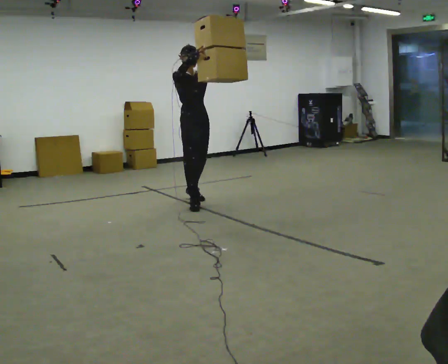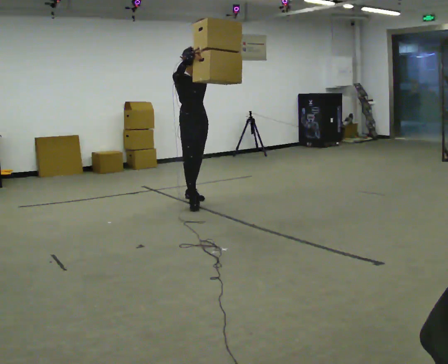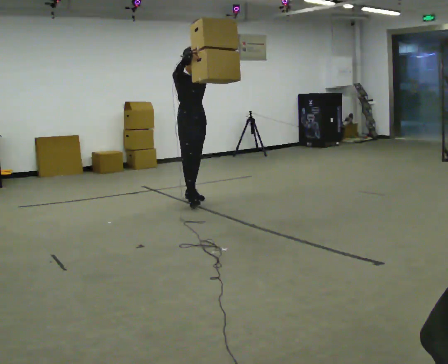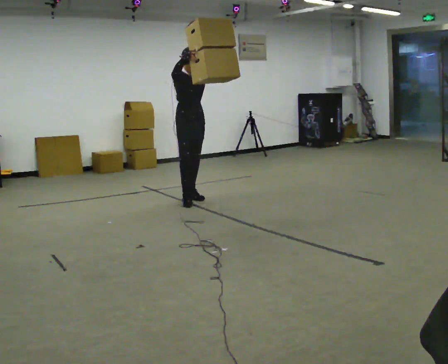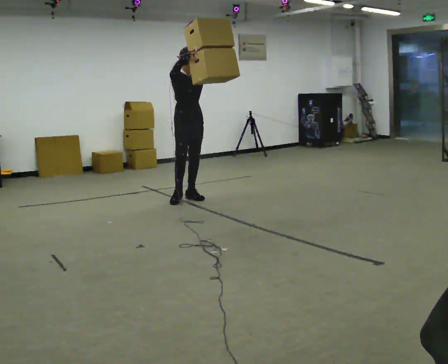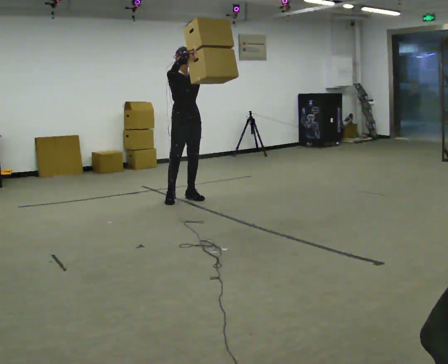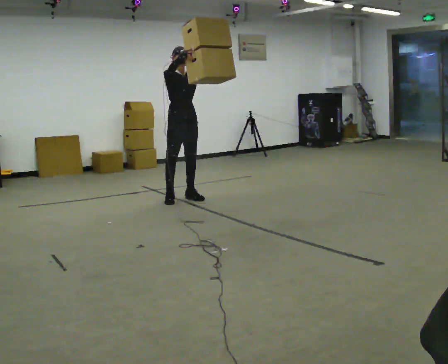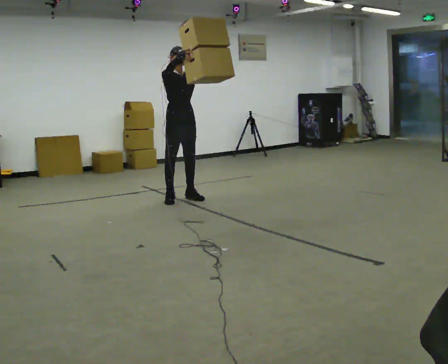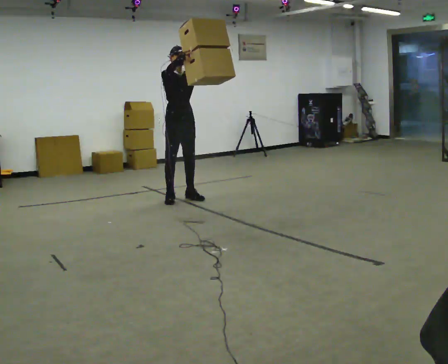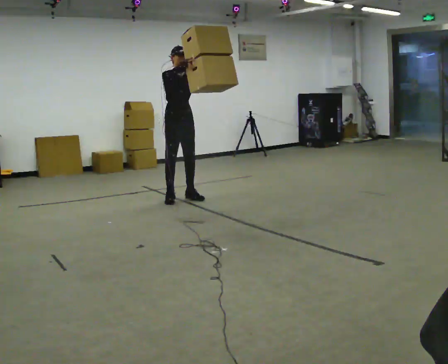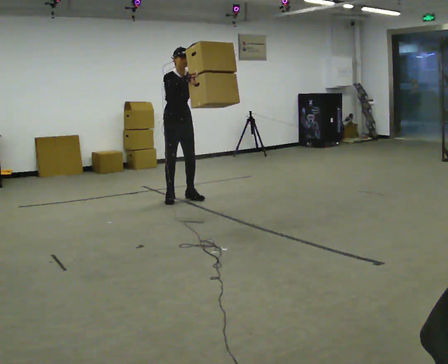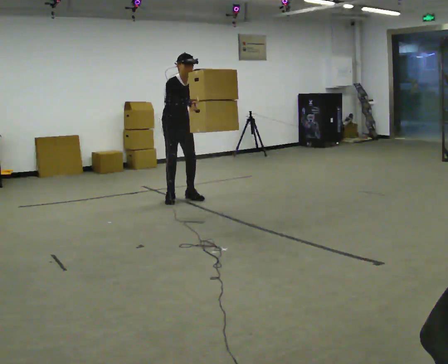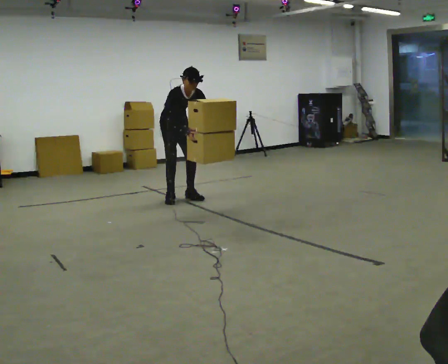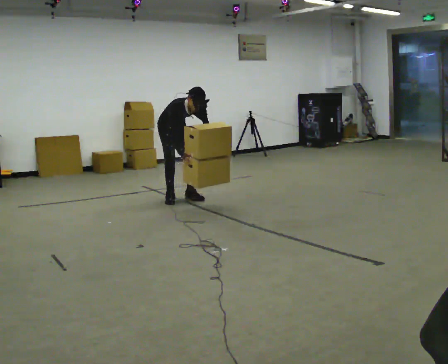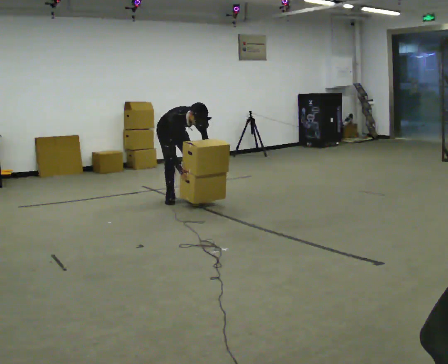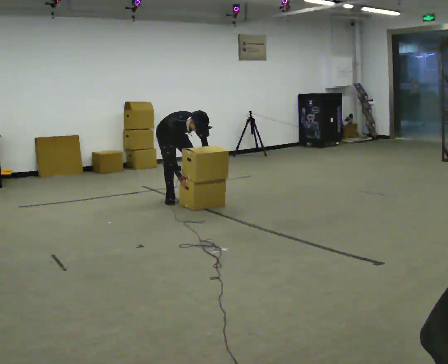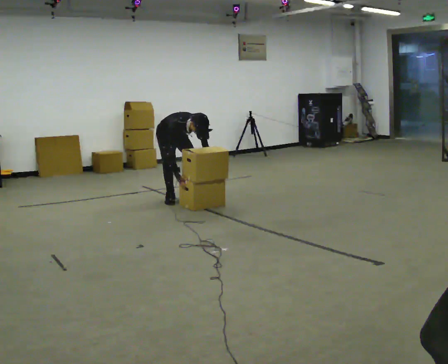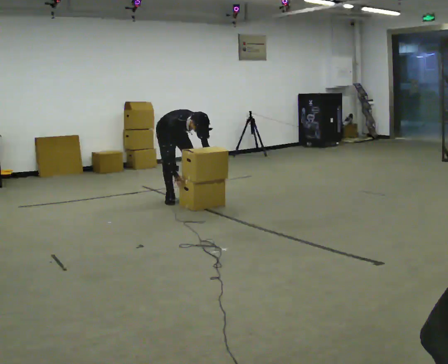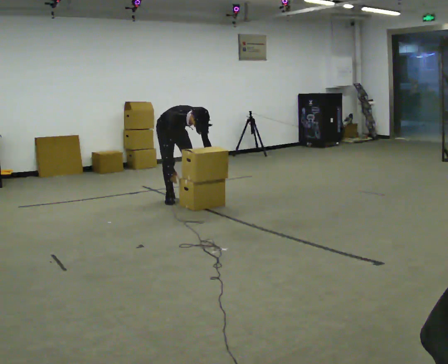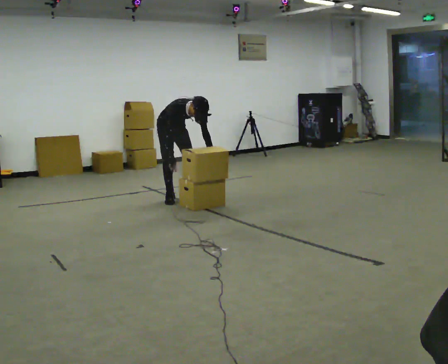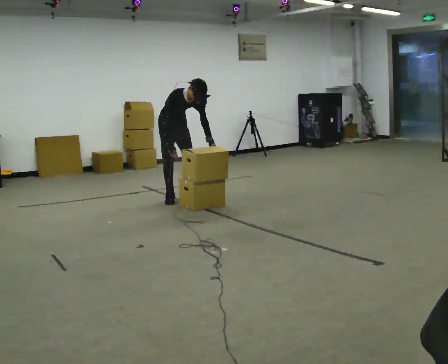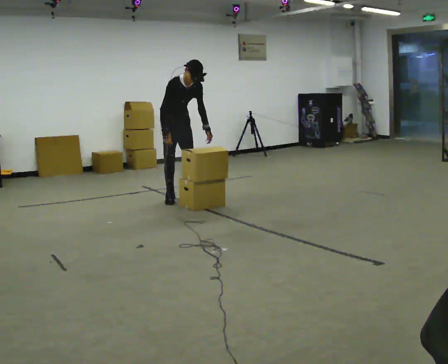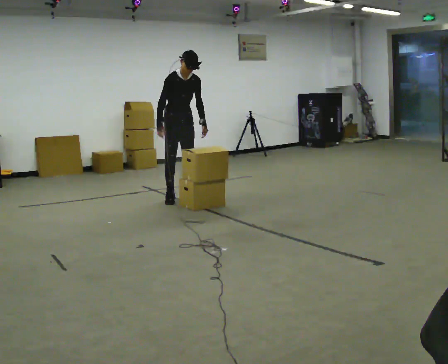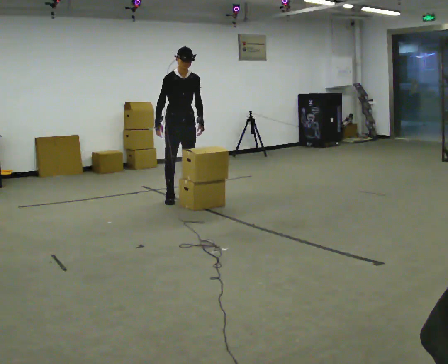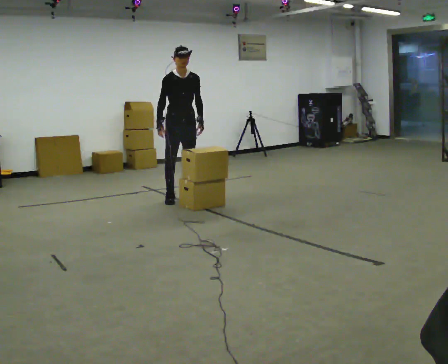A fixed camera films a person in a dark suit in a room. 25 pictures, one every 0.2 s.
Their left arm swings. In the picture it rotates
clockwise.
0.0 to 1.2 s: In the picture they go away from the camera, about 0.25 m in 1 step, which for them is backward.
1.2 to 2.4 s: In the picture they go away from the camera, about 0.25 m, which for them is backward. The upper body goes downward. The upper body tips toward the camera, its near side rolling downward, as they bend forward. In the picture their right hand goes downward.
2.4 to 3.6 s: The upper body goes downward. The upper body tips toward the camera, its near side rolling downward, as they bend forward. In the picture their right hand goes downward.
3.6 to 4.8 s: In the picture they go toward the camera, about 0.25 m, which for them is forward. The upper body goes upward. The upper body tips away from the camera, its near side rolling upward, as they lean back or straighten. In the picture their left hand goes upward.
The film runs backward here.
